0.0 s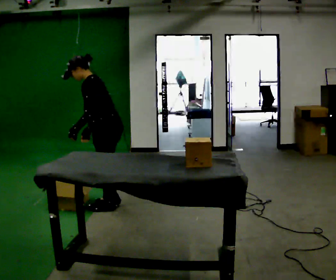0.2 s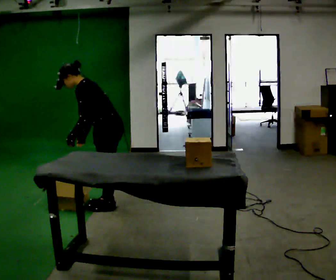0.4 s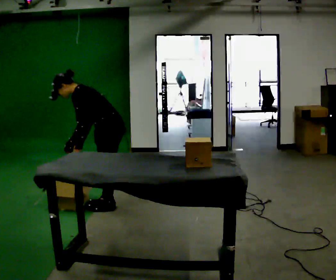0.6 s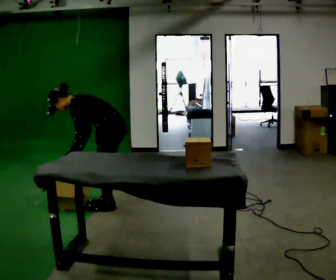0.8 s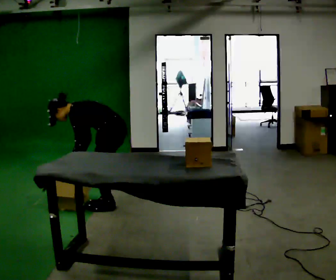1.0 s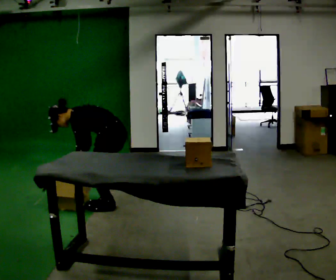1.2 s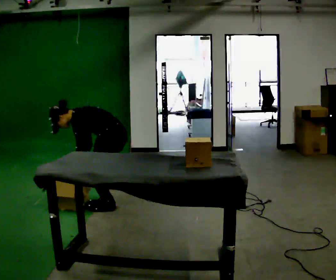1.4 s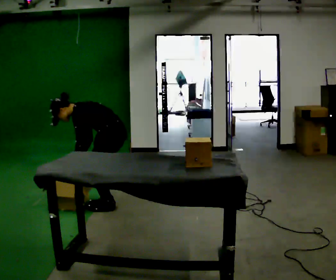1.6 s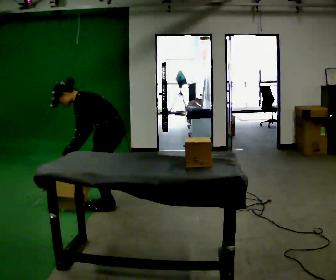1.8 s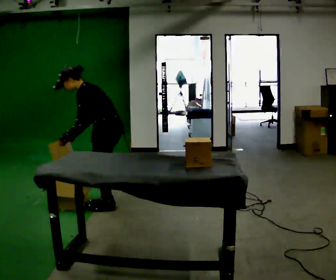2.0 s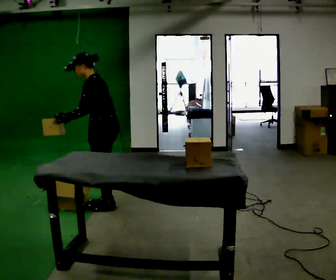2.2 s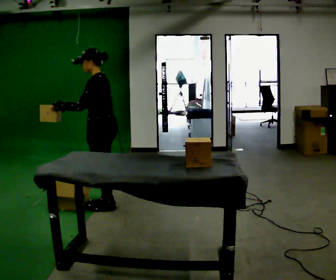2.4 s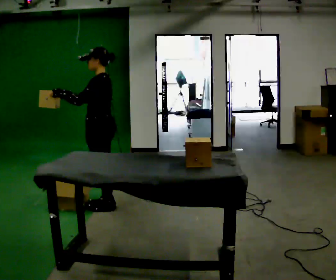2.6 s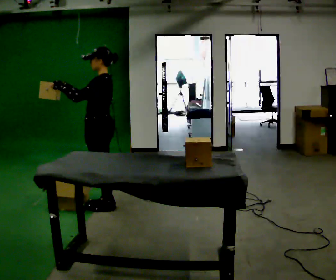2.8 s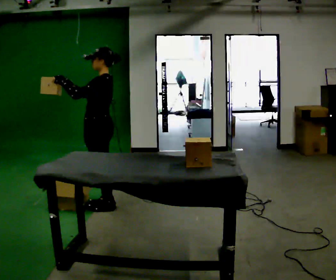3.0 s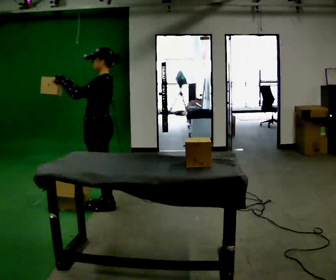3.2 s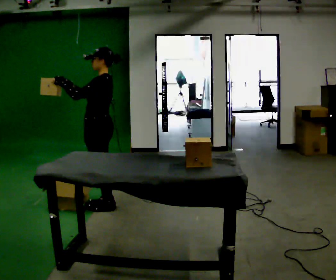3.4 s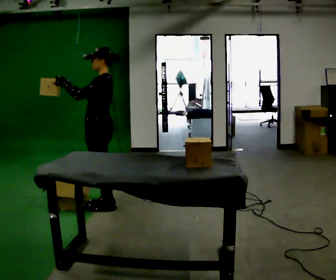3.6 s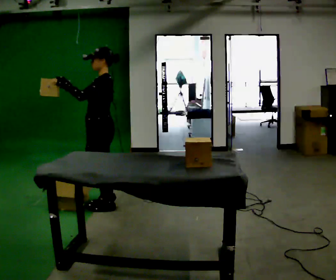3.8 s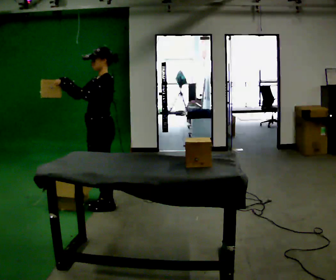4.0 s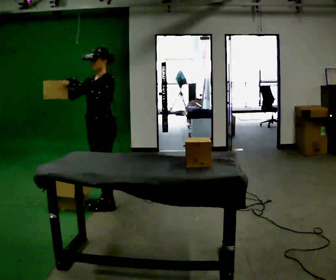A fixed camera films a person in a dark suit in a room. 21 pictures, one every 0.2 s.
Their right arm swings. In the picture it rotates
clockwise.
0.0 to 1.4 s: The person moves a little, or ends about where they began.
1.4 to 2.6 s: The shoulders move upward. In the picture the upper body tilts clockwise, shoulders to the right, as they lean back or straighten. In the picture their right hand goes upward, the arm swinging clockwise.
2.6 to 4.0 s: Seen from above the body turns counterclockwise, about 45 degrees: to their left, with its near side sliding to the right.
The film runs forward here.
